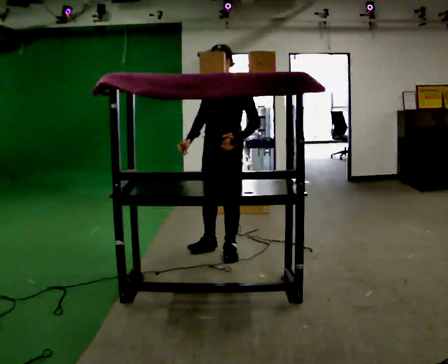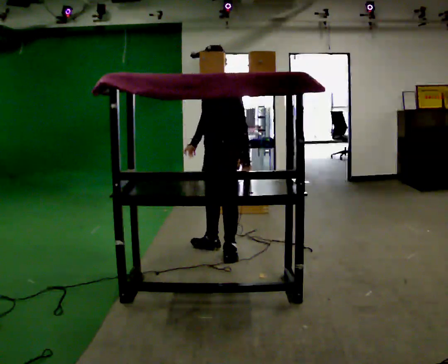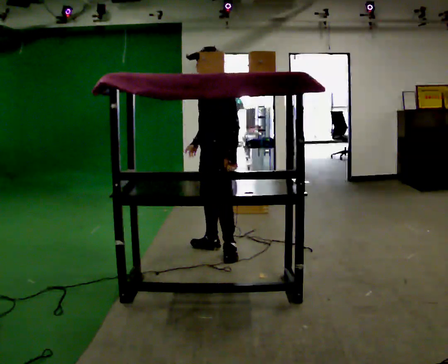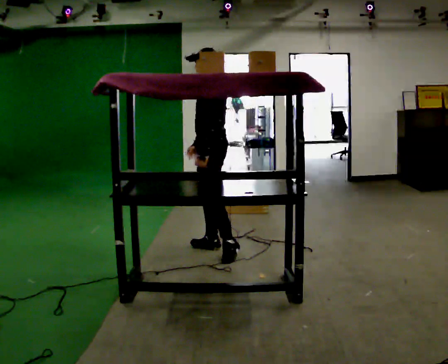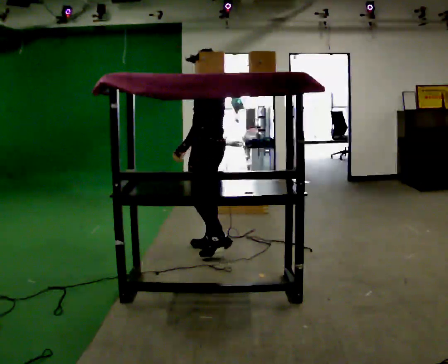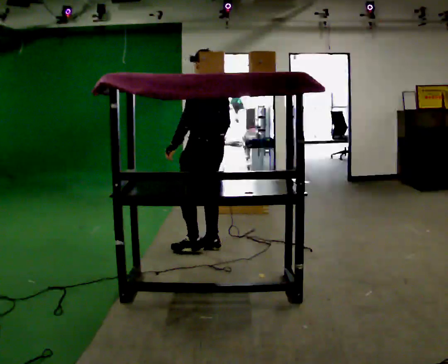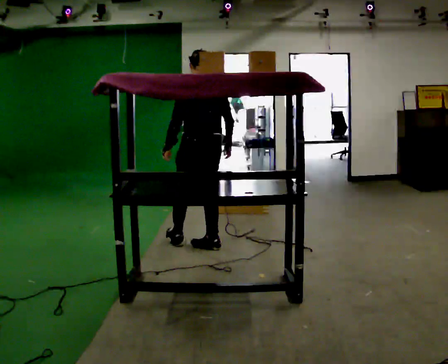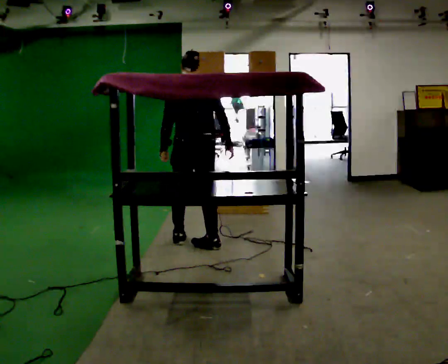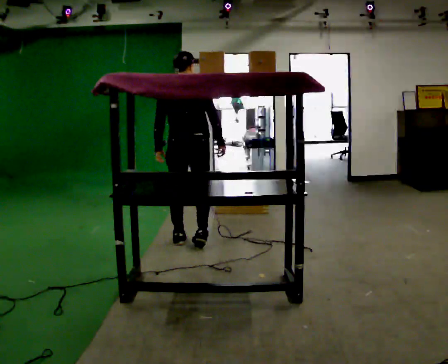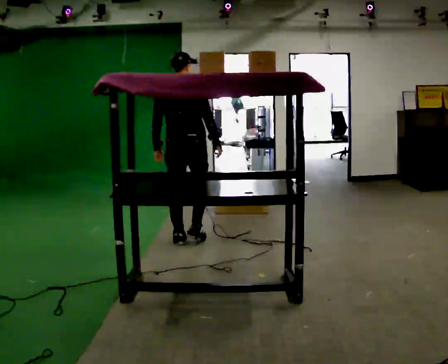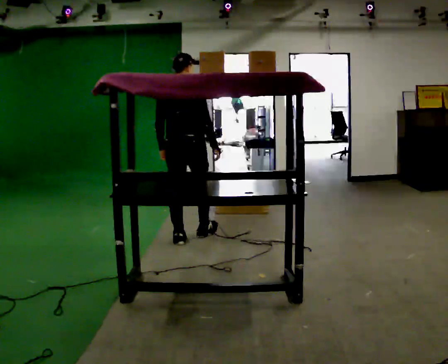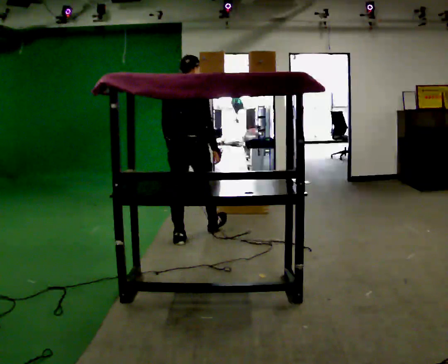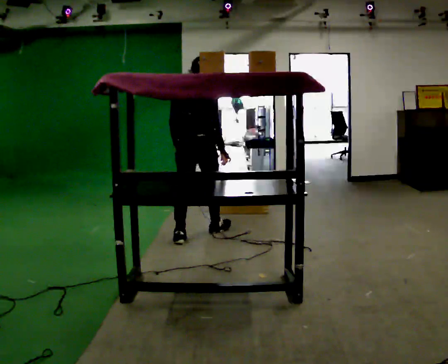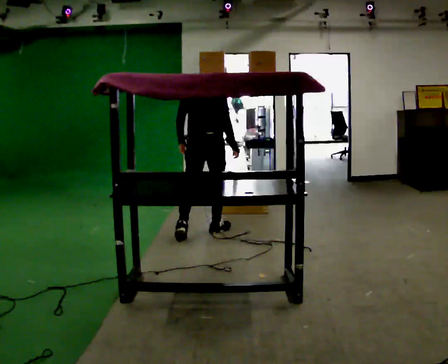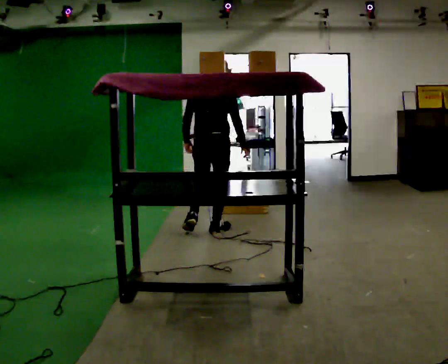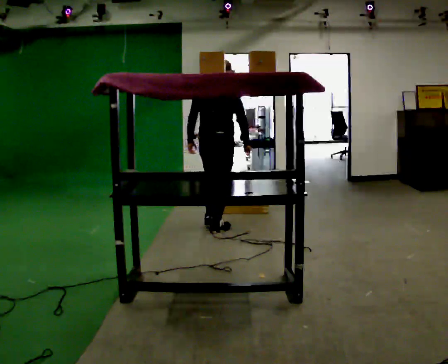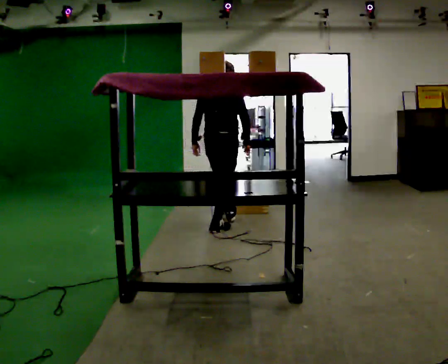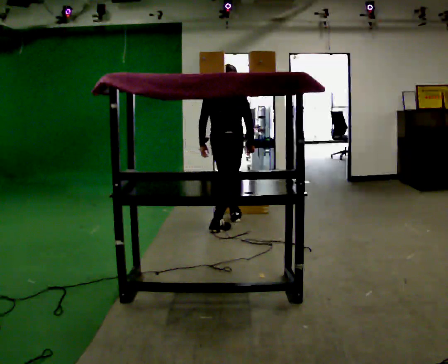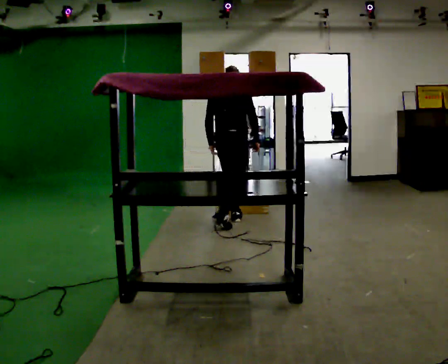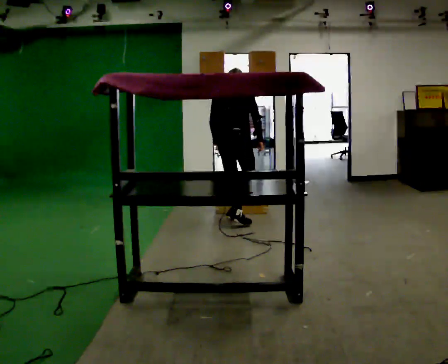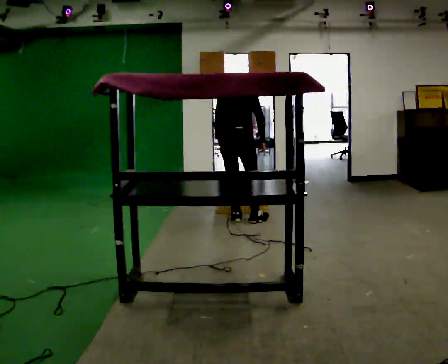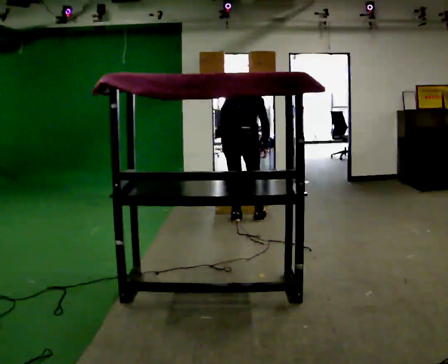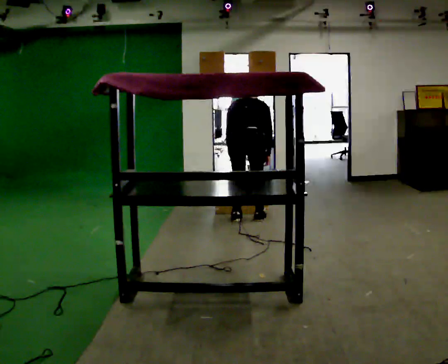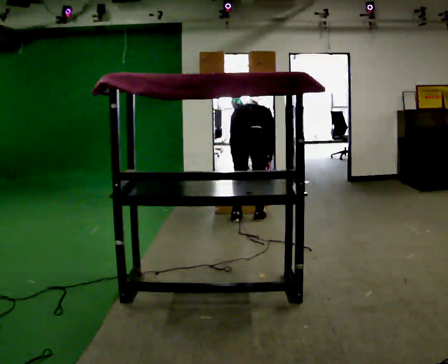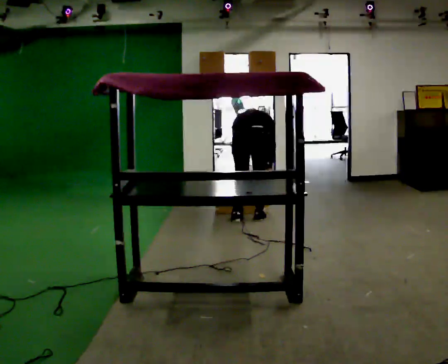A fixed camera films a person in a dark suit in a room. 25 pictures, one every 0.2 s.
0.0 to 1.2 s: Seen from above the body turns clockwise, about 105 degrees: to their right, with its near side sliding to the left. In the picture they go away from the camera and to the left, about 0.25 m.
1.2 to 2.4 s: The part of the body nearest the lens slides to the left as the person turns to their right by about 45 degrees. In the picture they go away from the camera, about 0.25 m in 2 steps, which for them is forward and to their left.
2.4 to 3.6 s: In the picture they go away from the camera and to the right, about 0.5 m in 1 step, which for them is forward.
3.6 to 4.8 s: In the picture they go to the right, about 0.25 m in 1 step, which for them is to their right. The shoulders move downward. The upper body tips away from the camera, its near side rolling upward, as they bend forward. In the picture their right hand goes downward.
The film runs forward here.
